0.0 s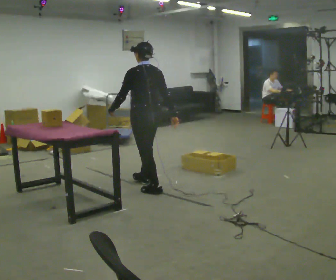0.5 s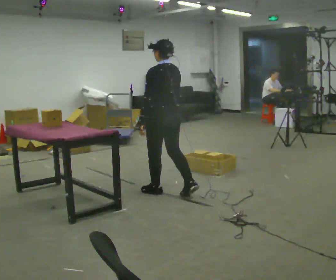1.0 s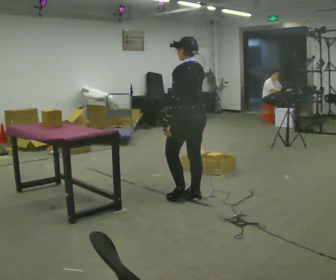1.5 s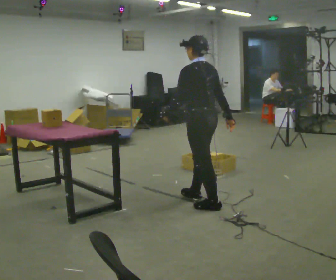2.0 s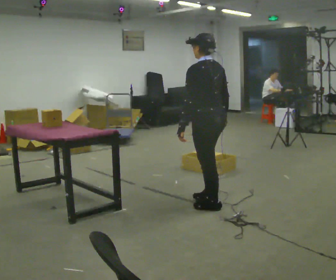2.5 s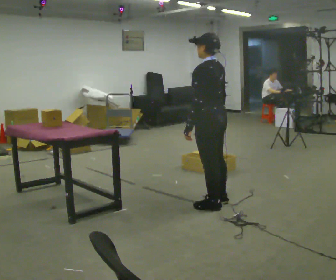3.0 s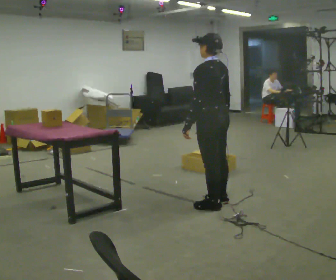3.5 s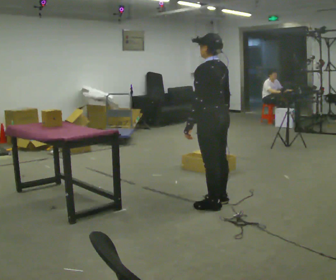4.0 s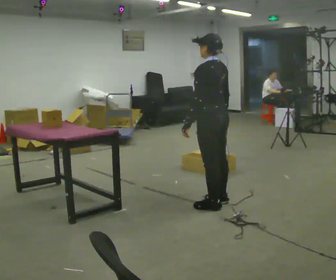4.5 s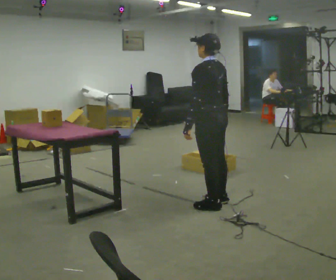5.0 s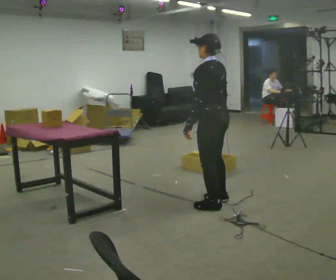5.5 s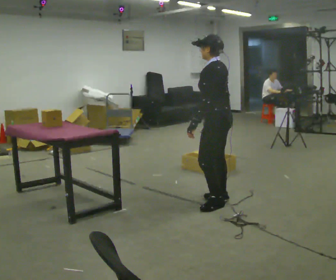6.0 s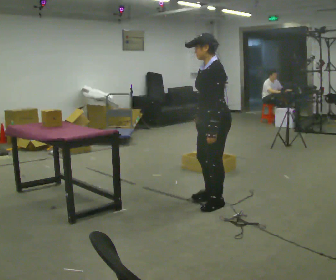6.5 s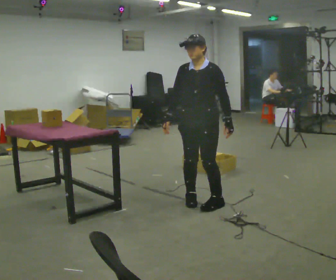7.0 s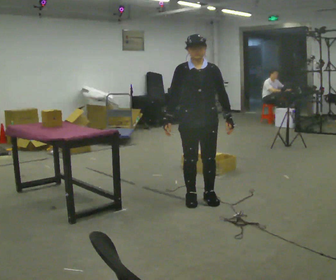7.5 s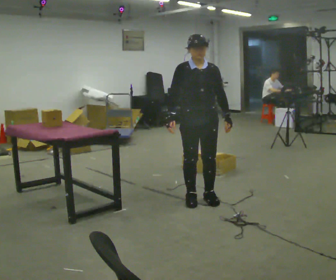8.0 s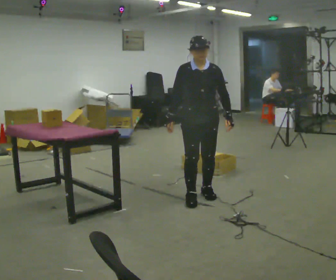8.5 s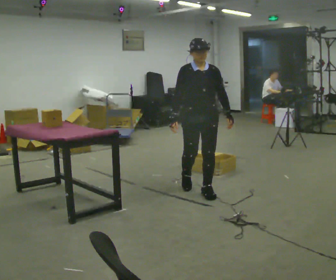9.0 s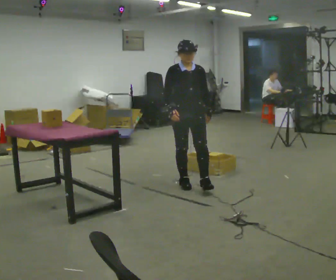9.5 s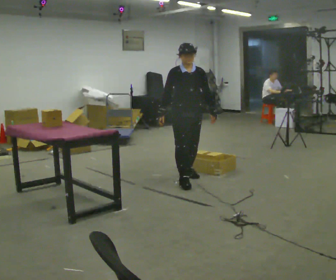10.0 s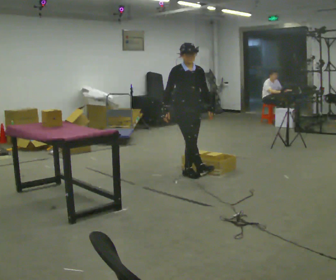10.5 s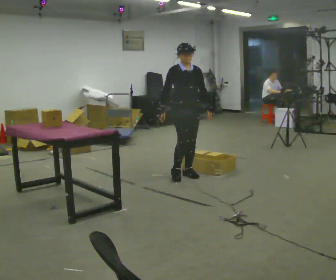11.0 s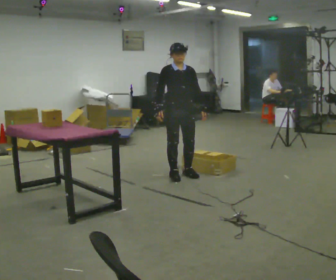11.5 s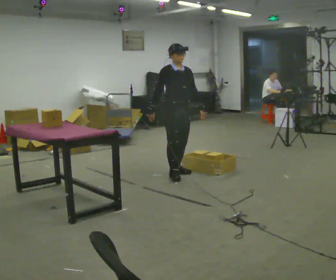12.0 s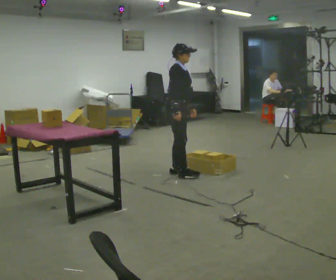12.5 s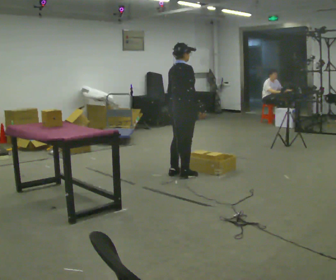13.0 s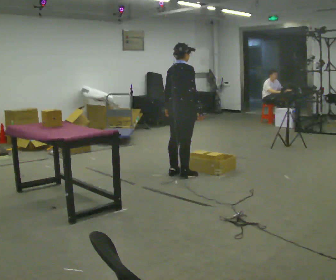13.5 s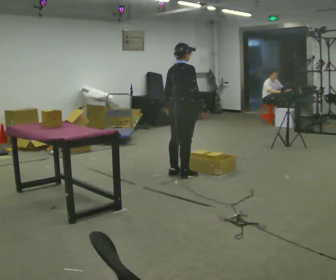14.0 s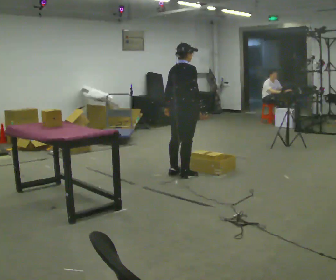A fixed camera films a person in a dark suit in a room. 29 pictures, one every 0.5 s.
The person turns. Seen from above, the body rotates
counterclockwise.
The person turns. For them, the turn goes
to their left.
0.0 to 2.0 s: In the picture they go toward the camera and to the right, about 1 m in 3 steps, which for them is backward.
2.0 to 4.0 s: The person moves a little, or ends about where they began.
4.0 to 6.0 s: The person turns about 45 degrees to their left, counterclockwise seen from above, so the part of the body nearest the lens slides to the right.
6.0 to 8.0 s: Seen from above the body turns counterclockwise, about 90 degrees: to their left, with its near side sliding to the right. In the picture they go away from the camera, about 0.25 m in 2 steps.
8.0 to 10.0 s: In the picture they go away from the camera, about 1 m in 3 steps, which for them is backward.
10.0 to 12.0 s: Seen from above the body turns counterclockwise, about 45 degrees: to their left, with its near side sliding to the right.
12.0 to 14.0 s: Seen from above the body turns counterclockwise, about 60 degrees: to their left, with its near side sliding to the right. In the picture their left hand goes to the left.
The film runs backward here.
